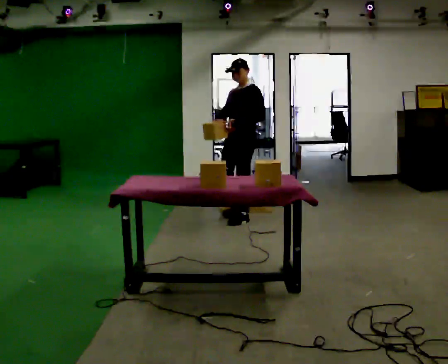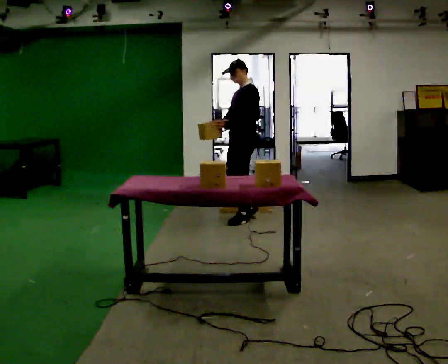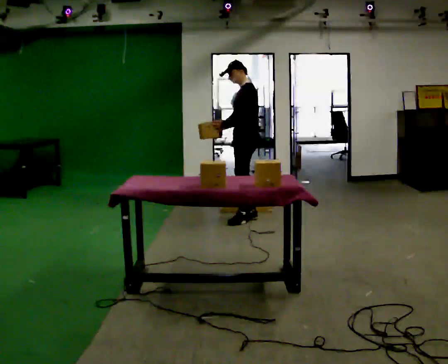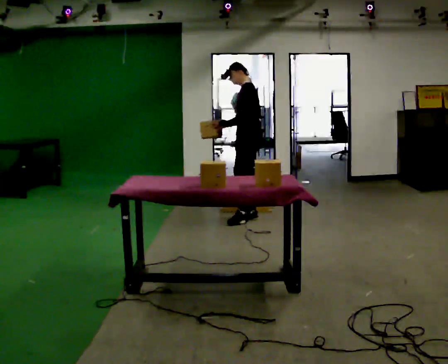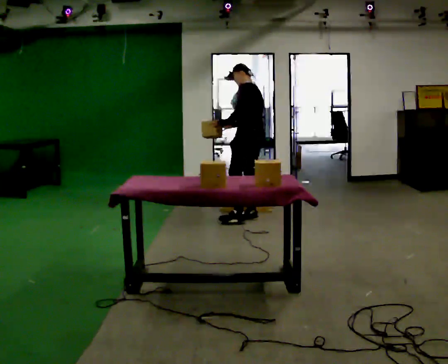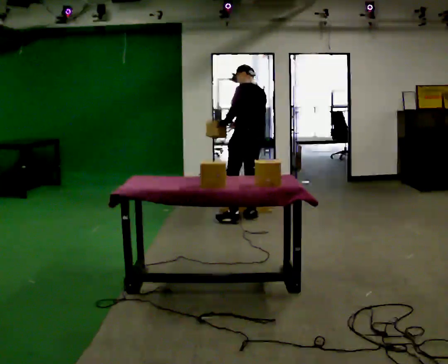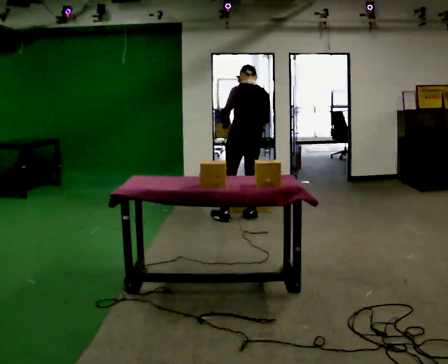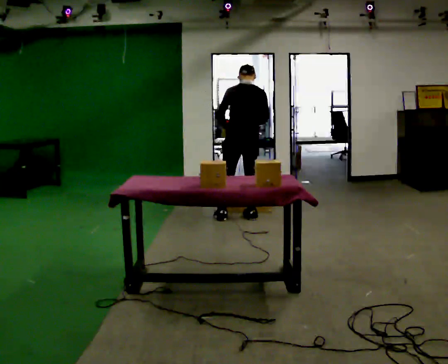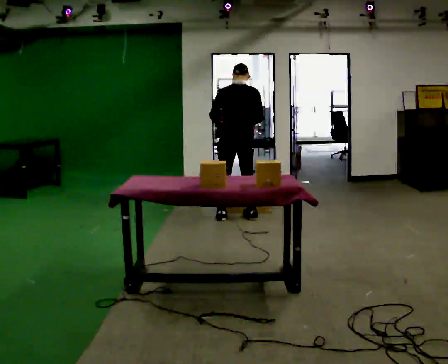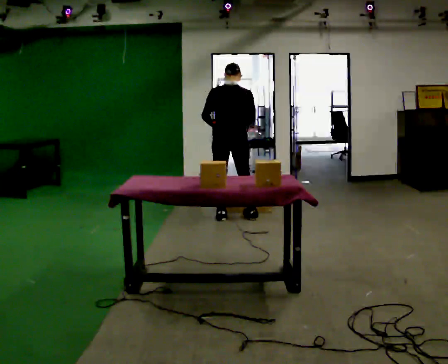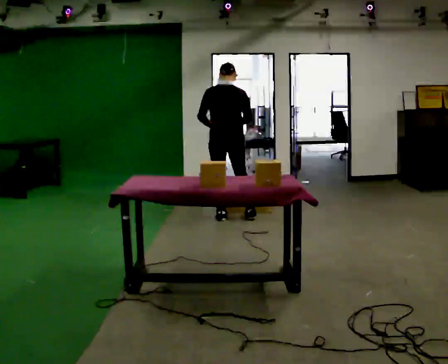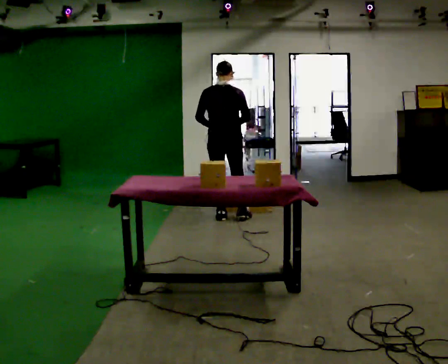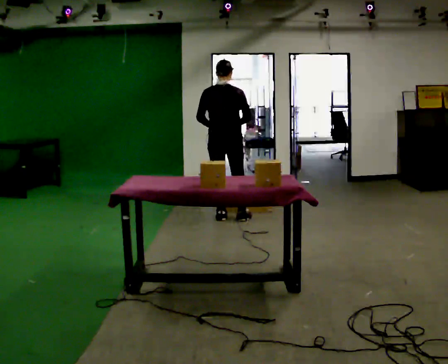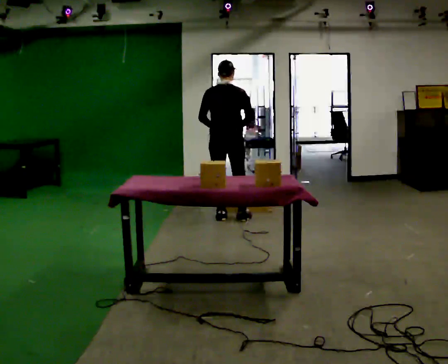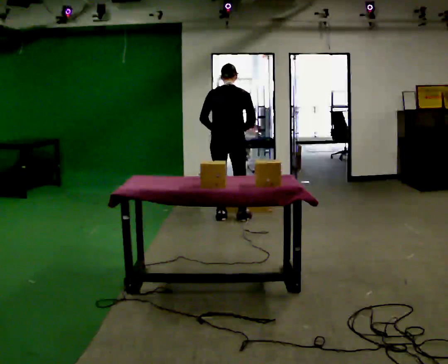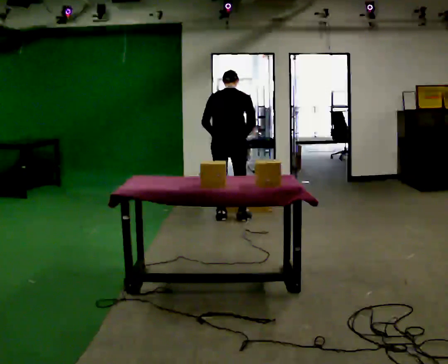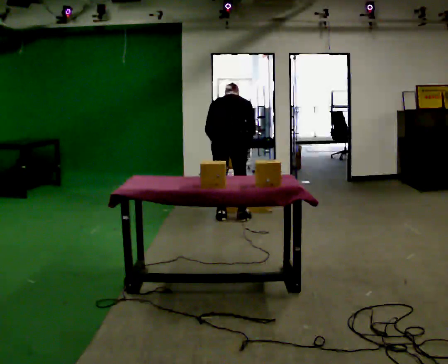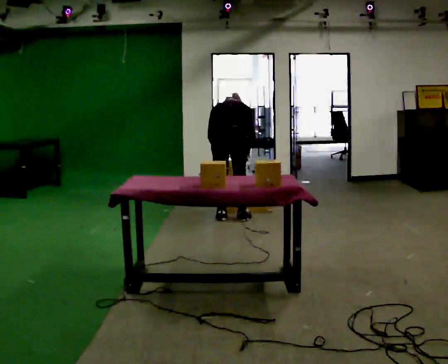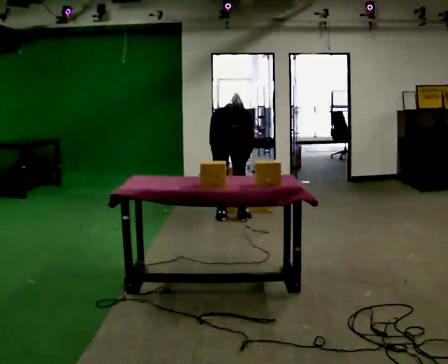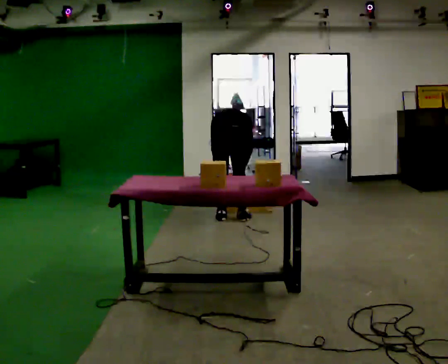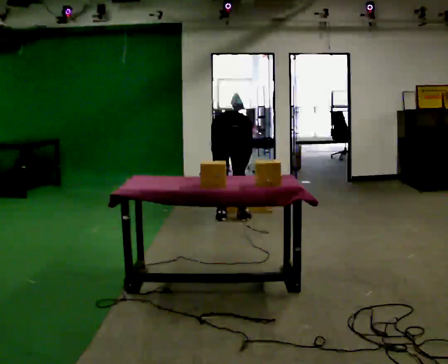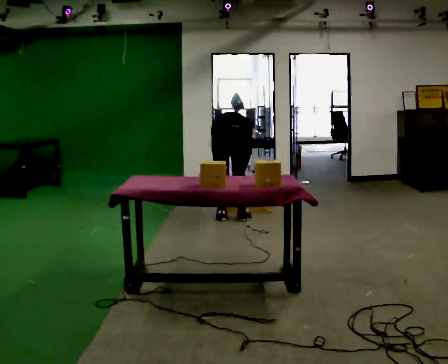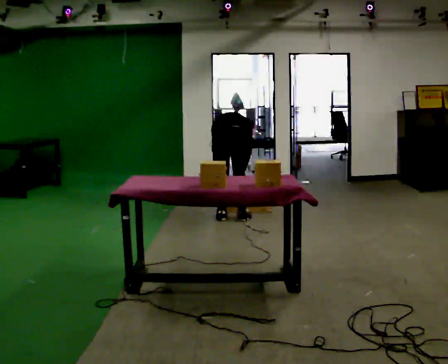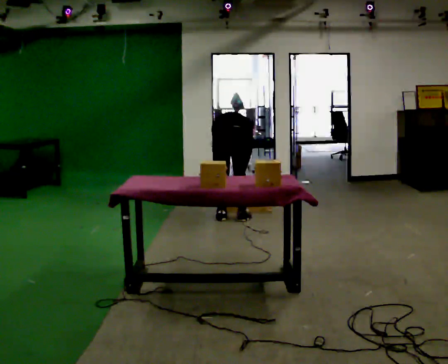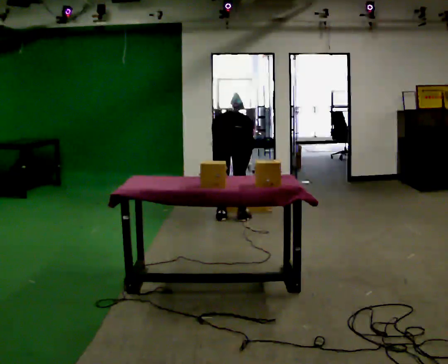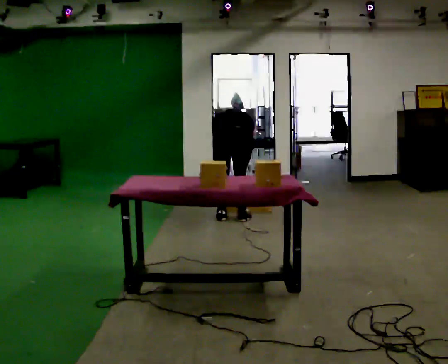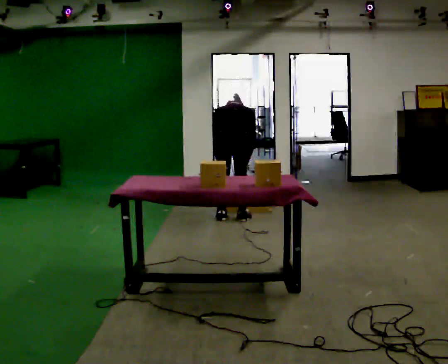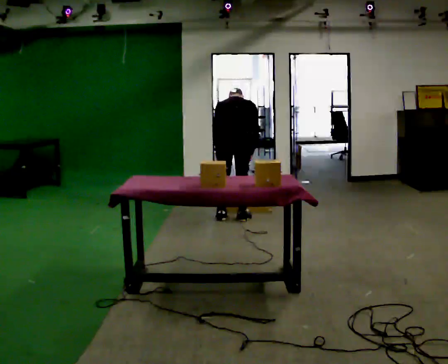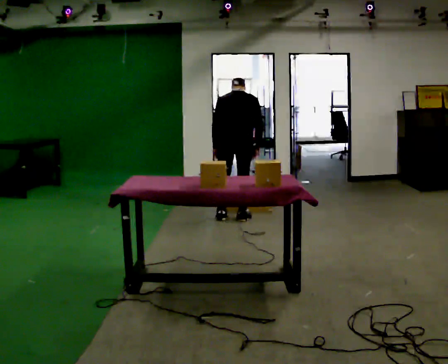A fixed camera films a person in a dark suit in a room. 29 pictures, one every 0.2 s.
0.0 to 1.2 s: The part of the body nearest the lens slides to the left as the person turns to their right by about 105 degrees.
1.2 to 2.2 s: The person turns about 30 degrees to their right, clockwise seen from above, so the part of the body nearest the lens slides to the left. In the picture they go to the left, about 0.25 m, which for them is to their left.
2.2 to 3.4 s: The upper body goes downward. The upper body tips away from the camera, its near side rolling upward, as they bend forward. In the picture their right hand goes downward.
3.4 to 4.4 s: The upper body goes downward. The upper body tips away from the camera, its near side rolling upward, as they bend forward.
4.4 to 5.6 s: The shoulders move upward. The upper body tips toward the camera, its near side rolling downward, as they lean back or straighten.
The film runs backward here.
